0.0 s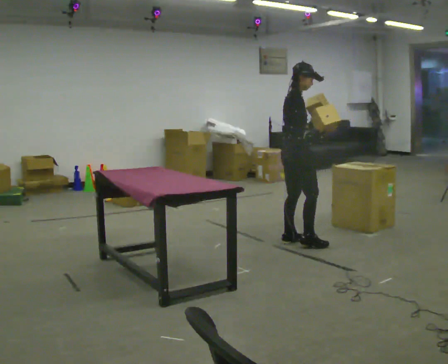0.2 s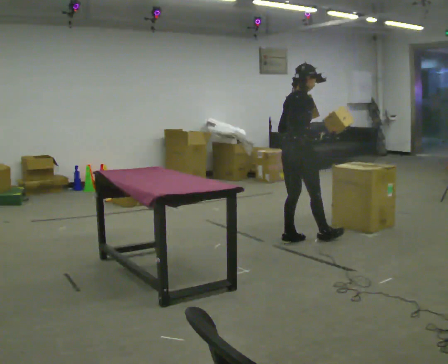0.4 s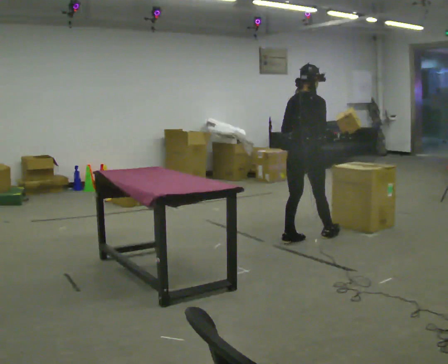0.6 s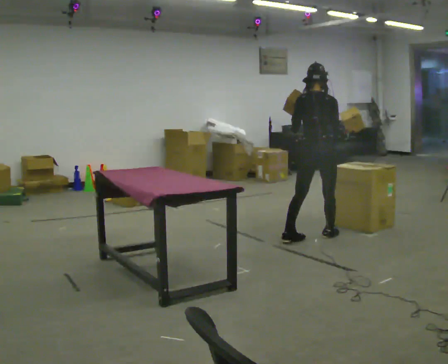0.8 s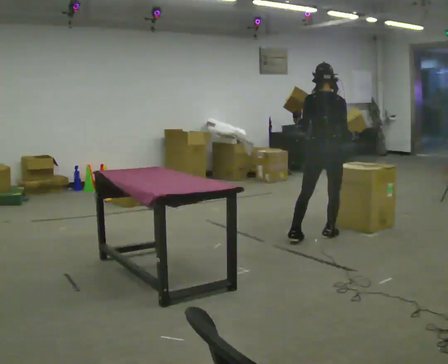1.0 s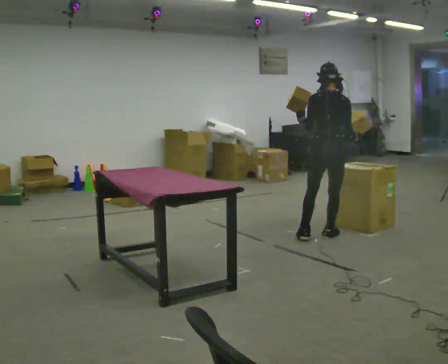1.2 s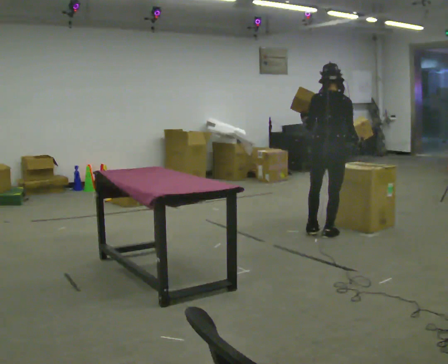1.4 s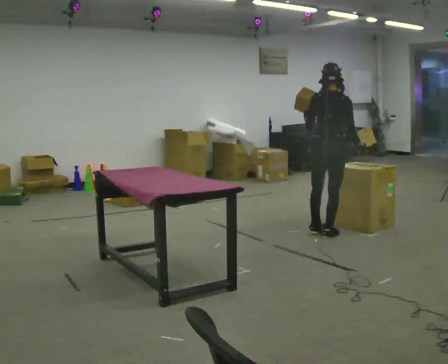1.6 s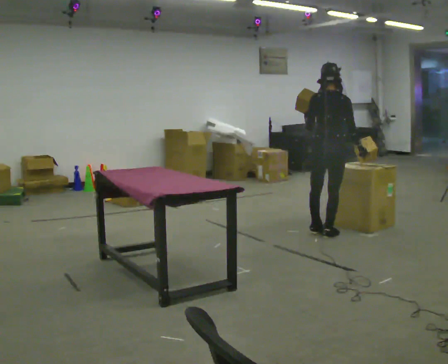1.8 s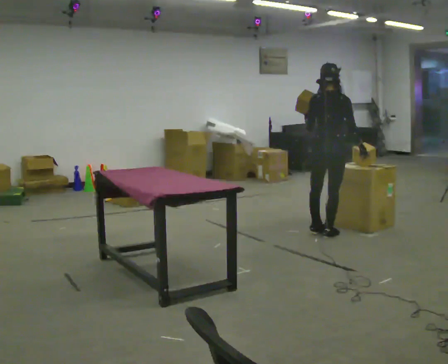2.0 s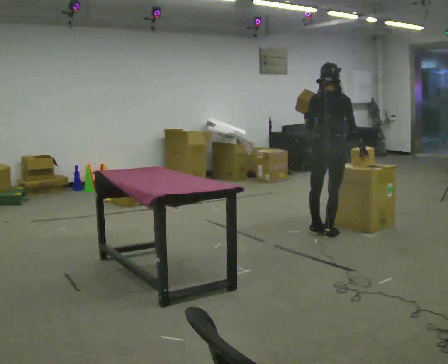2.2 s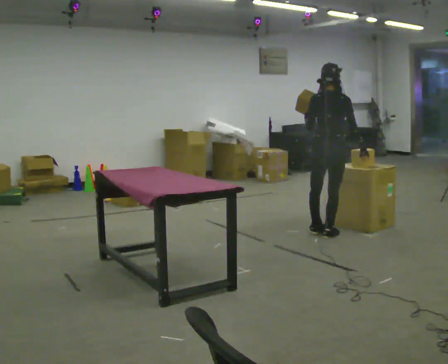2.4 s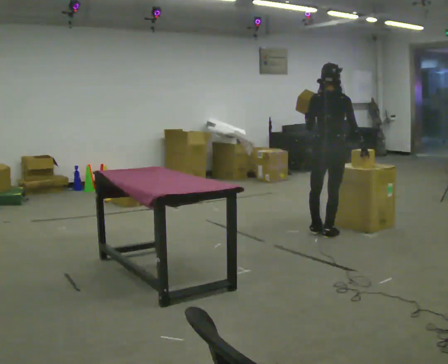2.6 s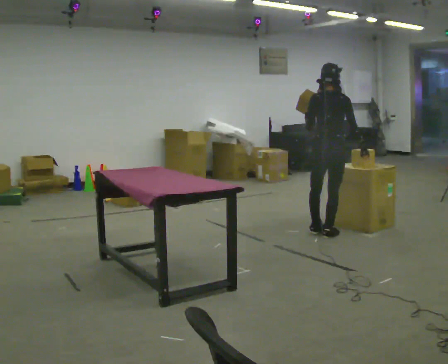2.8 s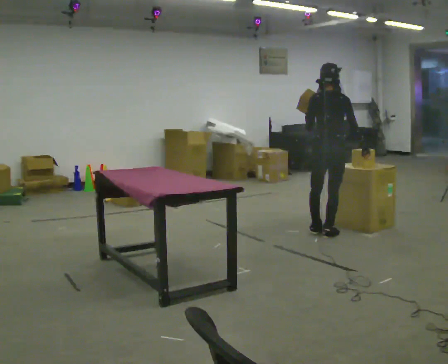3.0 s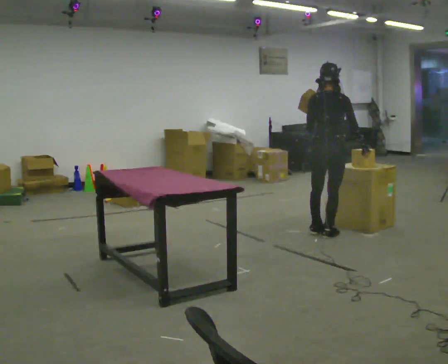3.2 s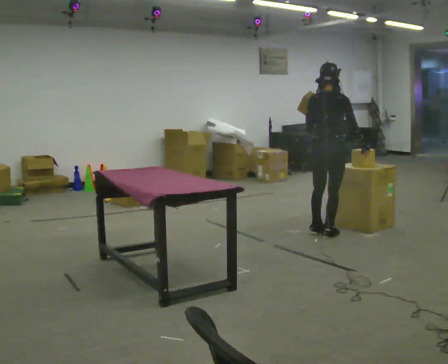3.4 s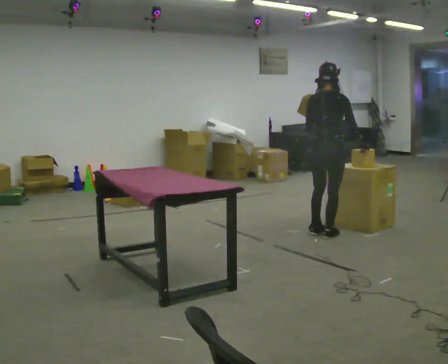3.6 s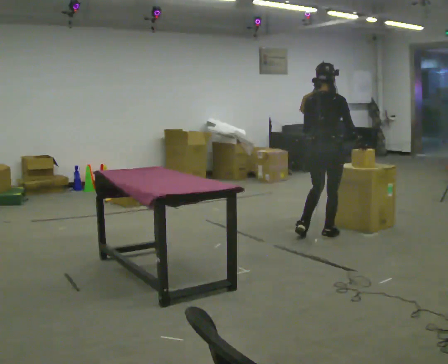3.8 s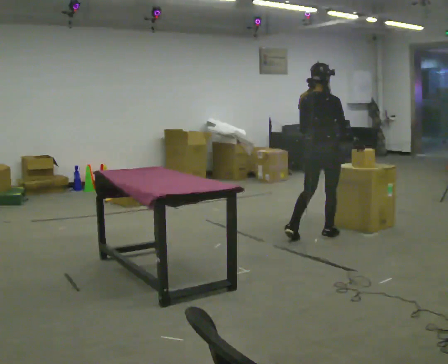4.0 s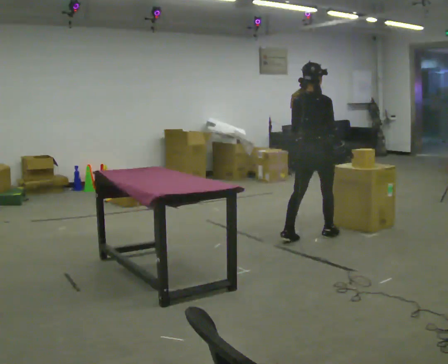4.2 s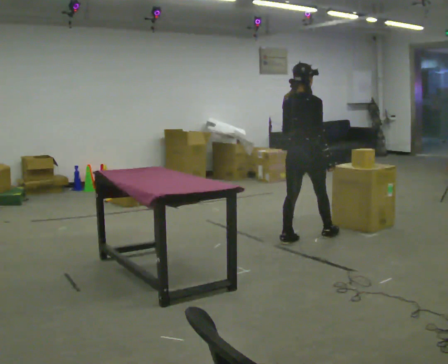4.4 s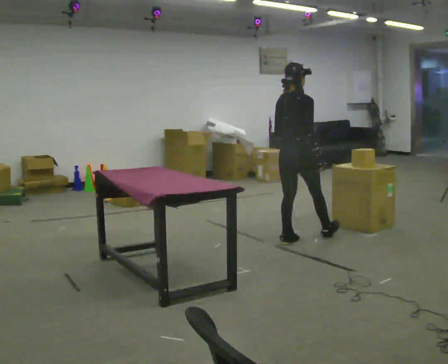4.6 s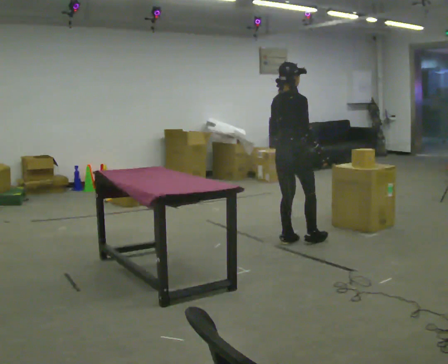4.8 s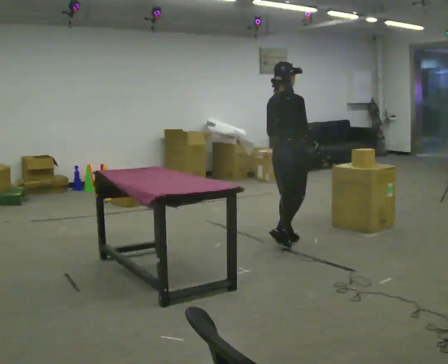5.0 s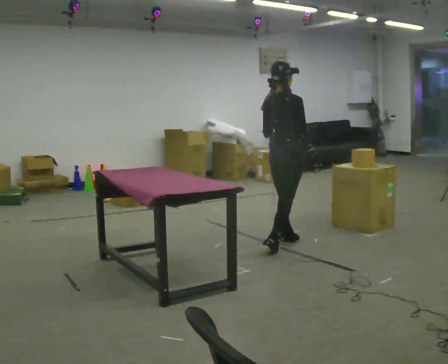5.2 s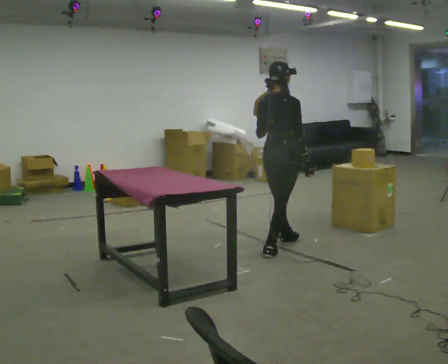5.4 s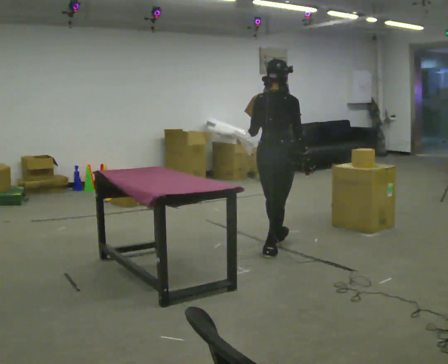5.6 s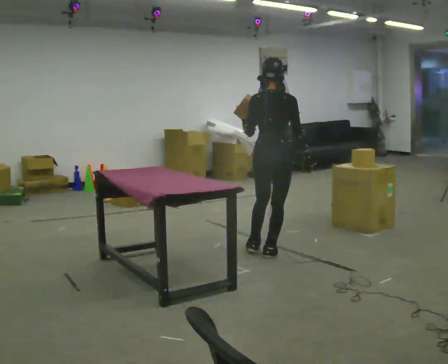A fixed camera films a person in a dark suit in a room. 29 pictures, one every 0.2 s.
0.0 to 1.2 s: The person turns about 75 degrees to their left, counterclockwise seen from above, so the part of the body nearest the lens slides to the right. In the picture they go to the right, about 0.25 m in 1 step.
1.2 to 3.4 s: The person moves a little, or ends about where they began.
3.4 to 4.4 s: In the picture they go to the left, about 0.25 m in 1 step, which for them is backward and to their left.
4.4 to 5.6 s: The person turns about 30 degrees to their left, counterclockwise seen from above, so the part of the body nearest the lens slides to the right. In the picture they go toward the camera and to the left, about 0.5 m in 1 step, which for them is backward and to their right.
The film runs backward here.
